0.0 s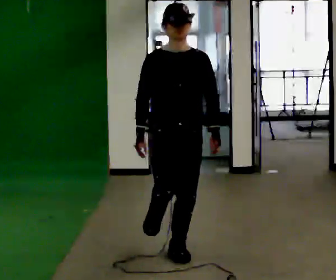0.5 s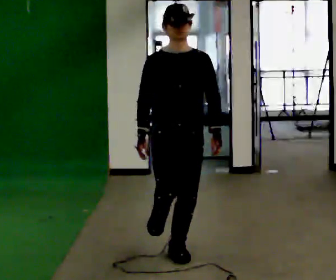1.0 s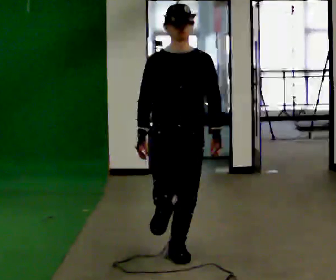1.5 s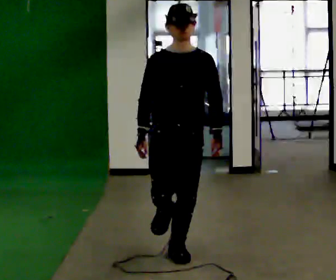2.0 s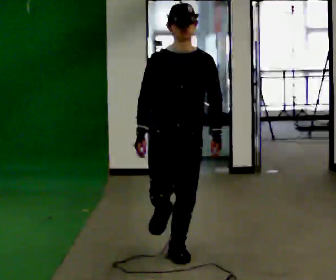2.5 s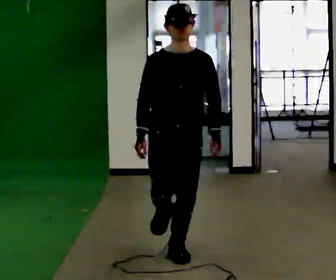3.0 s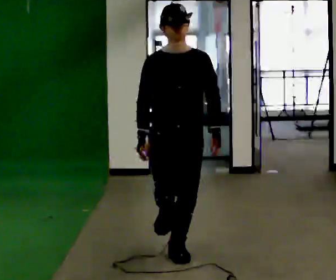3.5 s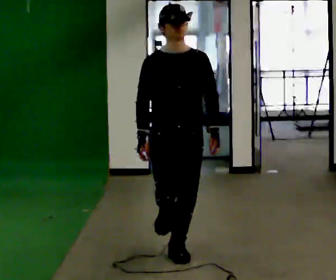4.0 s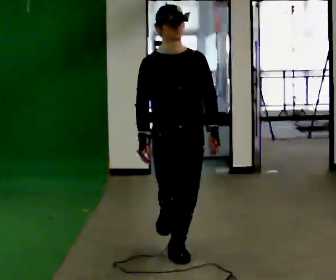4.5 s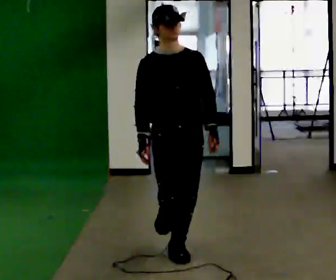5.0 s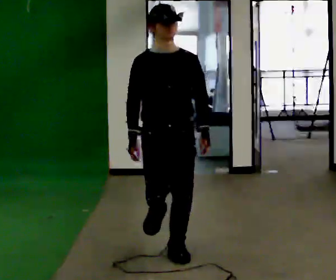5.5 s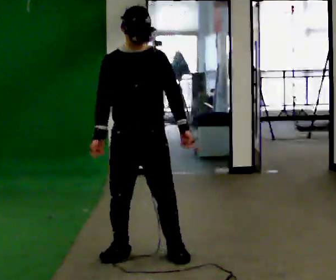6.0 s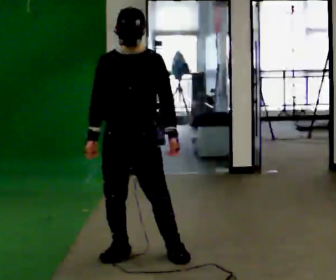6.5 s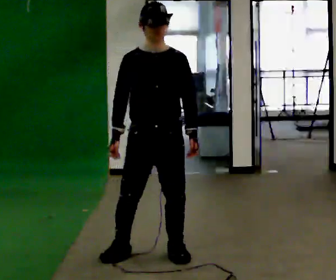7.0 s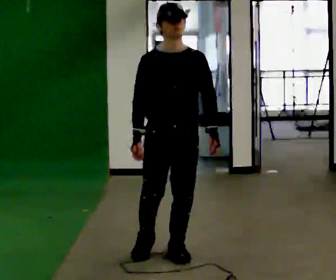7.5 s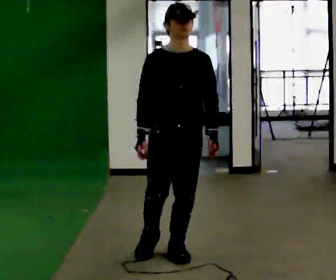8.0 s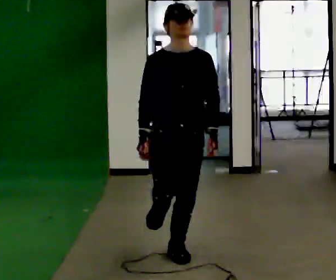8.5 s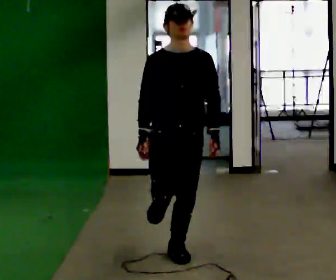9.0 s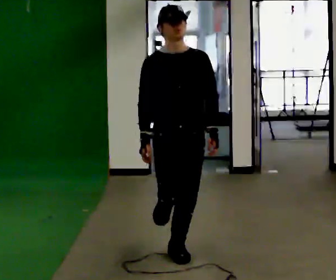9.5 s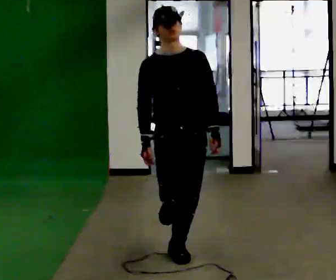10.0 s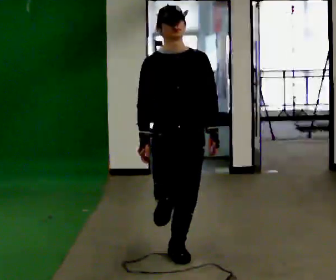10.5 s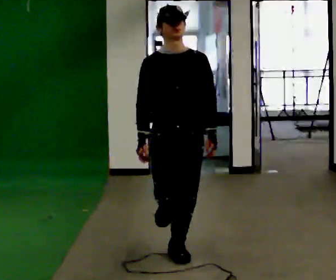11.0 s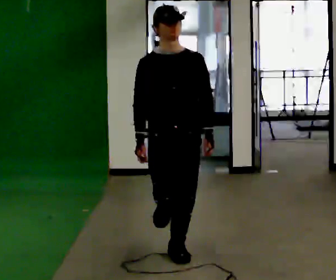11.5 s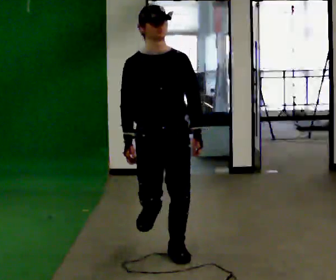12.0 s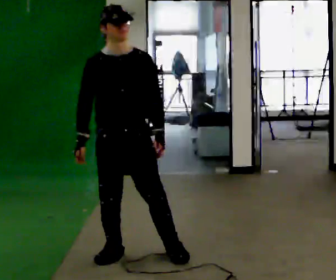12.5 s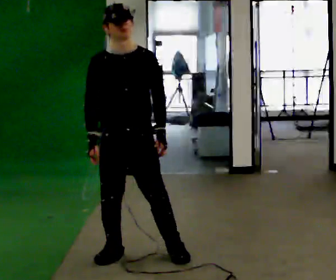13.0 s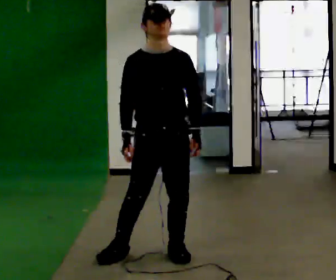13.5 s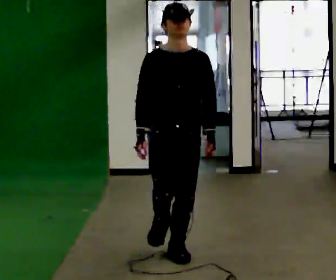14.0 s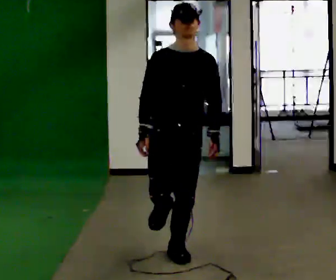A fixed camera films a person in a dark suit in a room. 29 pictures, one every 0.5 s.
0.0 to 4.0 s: The person moves a little, or ends about where they began.
4.0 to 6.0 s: In the picture they go to the left, about 0.25 m in 1 step, which for them is to their right.
6.0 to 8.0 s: In the picture they go to the right, about 0.25 m in 1 step, which for them is to their left.
8.0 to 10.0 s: The person moves a little, or ends about where they began.
10.0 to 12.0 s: In the picture they go to the left, about 0.25 m in 1 step, which for them is to their right.
12.0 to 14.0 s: In the picture they go to the right, about 0.25 m in 1 step, which for them is to their left.
The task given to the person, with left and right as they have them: Stand on one foot on the marked spot, on the side the operator calls. Hold it until you genuinely lose your balance, then put the other foot down. Repeat at your own pace until the operator says stop. Go slowly and only as far as you are comfortable. Step whenever you need to; do not try to hold on longer than feels safe.
The film runs forward here.
